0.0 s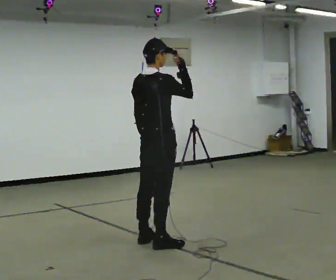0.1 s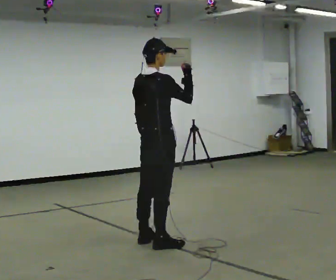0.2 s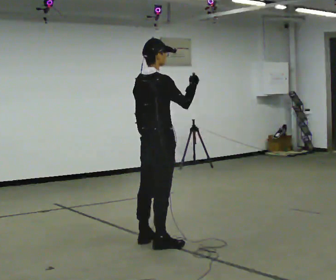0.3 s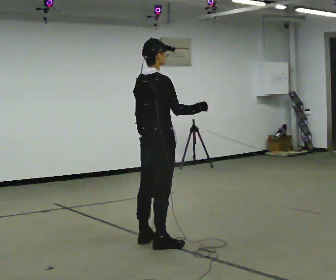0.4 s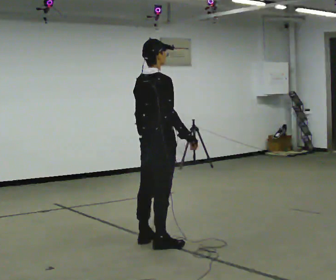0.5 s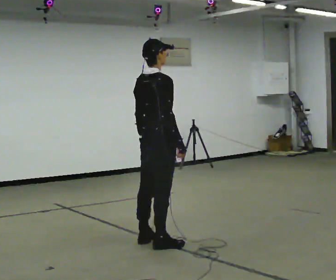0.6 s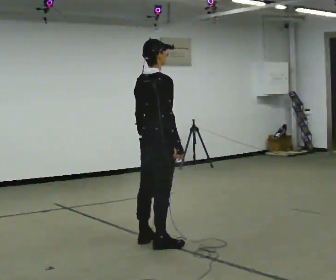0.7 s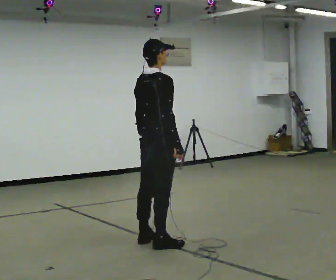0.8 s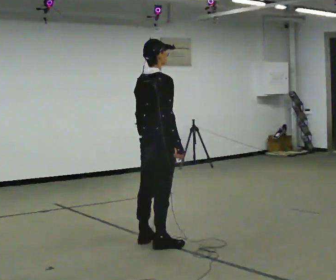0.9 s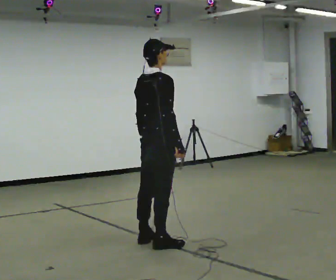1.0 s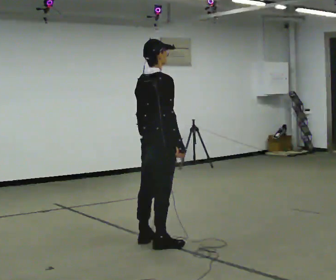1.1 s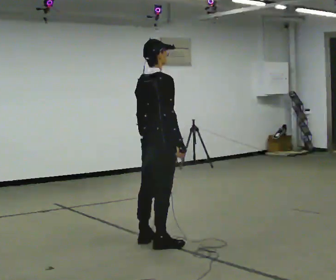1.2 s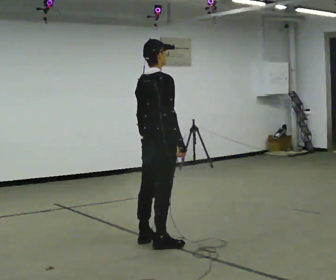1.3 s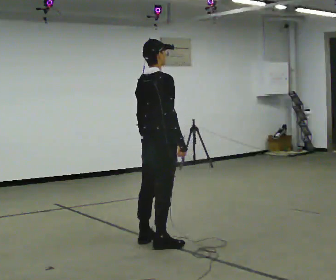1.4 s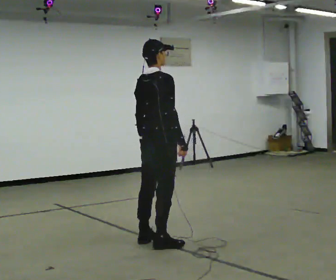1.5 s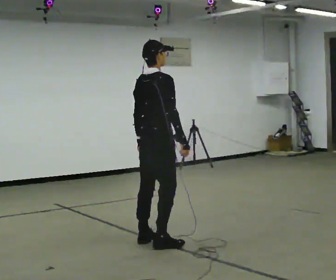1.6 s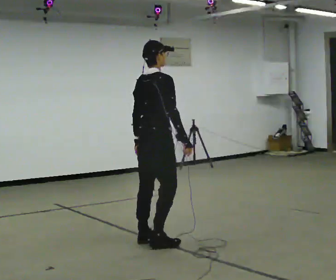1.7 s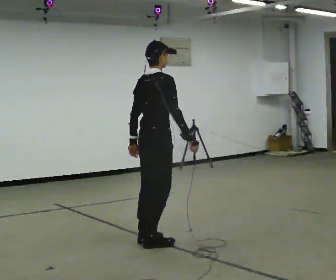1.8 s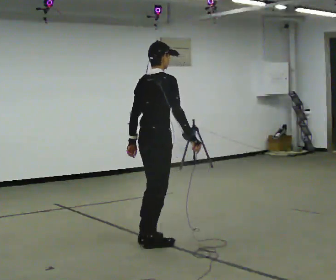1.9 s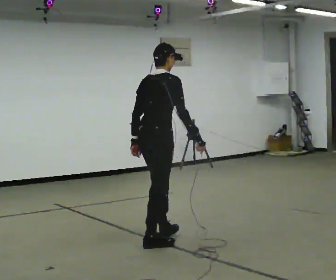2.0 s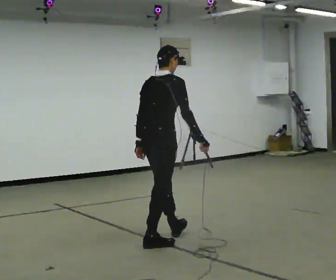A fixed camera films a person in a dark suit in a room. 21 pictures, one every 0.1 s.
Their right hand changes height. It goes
downward.
0.0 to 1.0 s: In the picture their right hand goes downward.
1.0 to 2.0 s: The person moves a little, or ends about where they began.
The film runs backward here.
